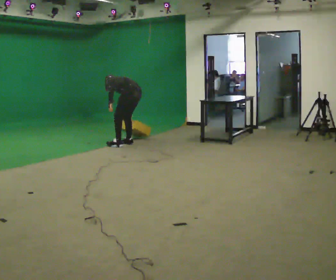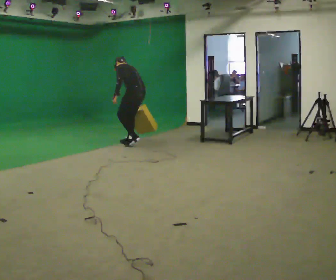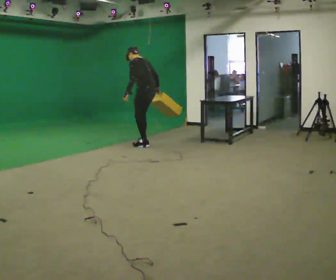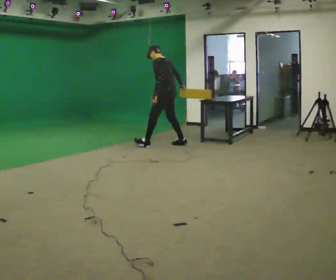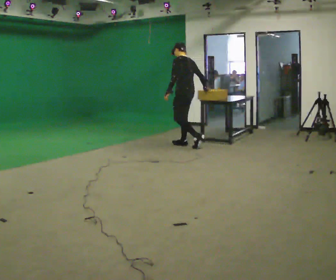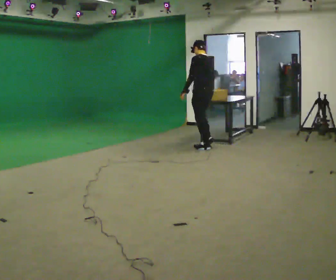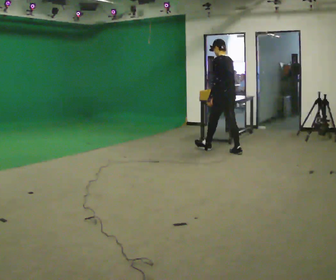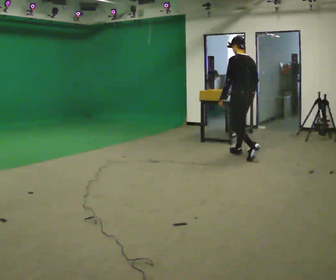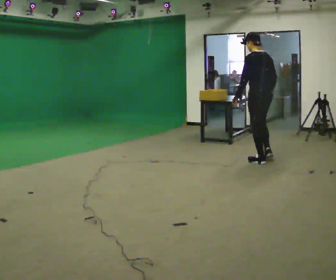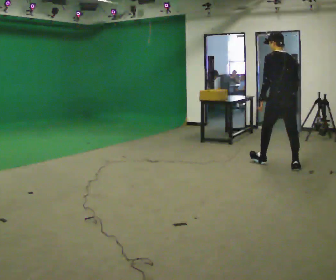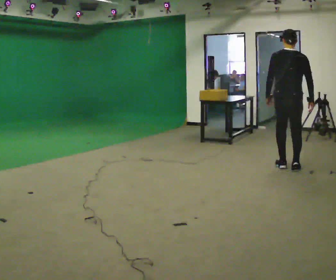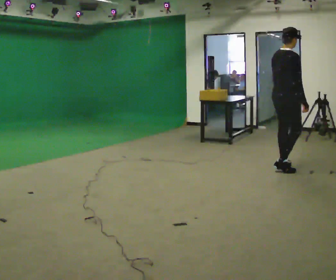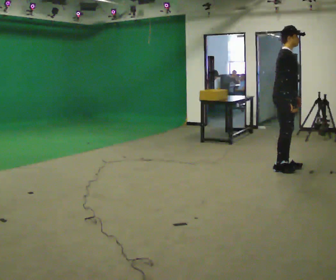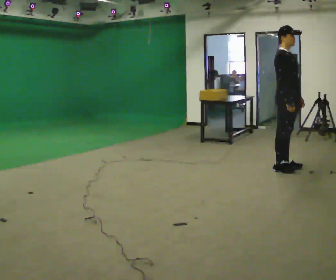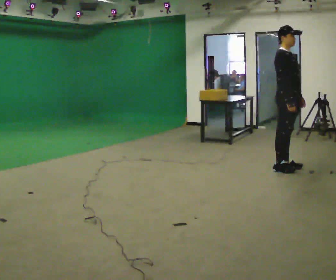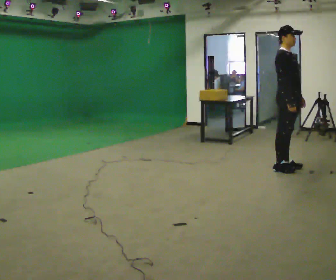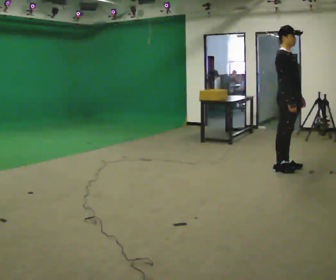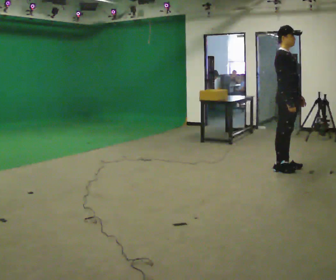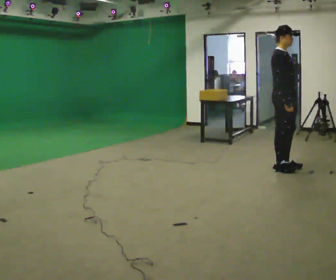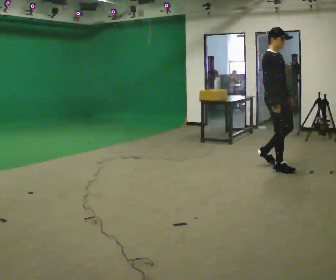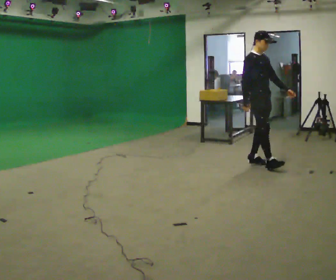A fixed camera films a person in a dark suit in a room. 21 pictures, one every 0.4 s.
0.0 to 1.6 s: In the picture they go to the right, about 1 m in 3 steps, which for them is backward and to their right. The upper body goes upward. In the picture the upper body tilts clockwise, shoulders to the right, as they lean back or straighten.
1.6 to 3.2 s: In the picture they go to the right and toward the camera, about 1.5 m in 3 steps, which for them is backward.
3.2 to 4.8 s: Seen from above the body turns clockwise, about 135 degrees: to their right, with its near side sliding to the left. In the picture they go toward the camera and to the right, about 0.5 m in 2 steps. In the picture the upper body tilts clockwise, shoulders to the right.
4.8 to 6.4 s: The person moves a little, or ends about where they began.
6.4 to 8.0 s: In the picture they go to the left and away from the camera, about 0.5 m in 2 steps, which for them is backward.
The film runs backward here.
